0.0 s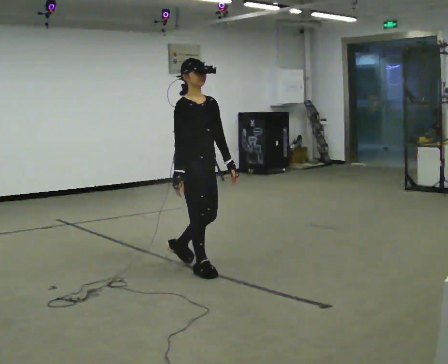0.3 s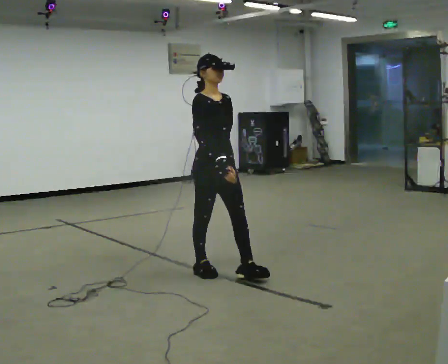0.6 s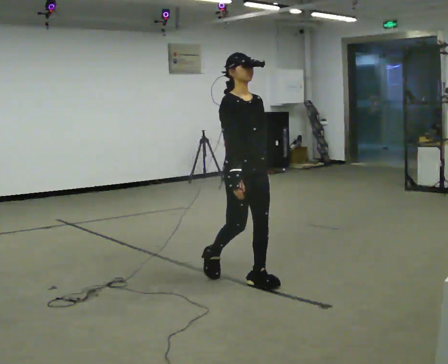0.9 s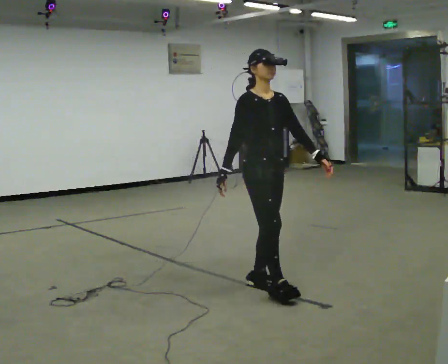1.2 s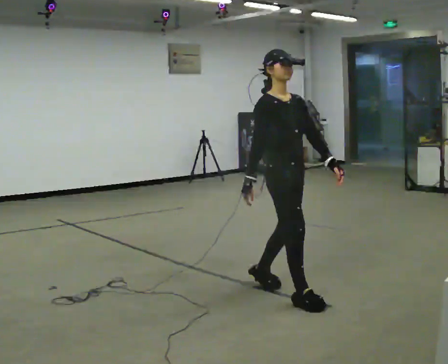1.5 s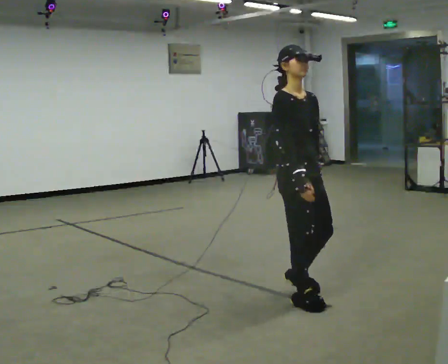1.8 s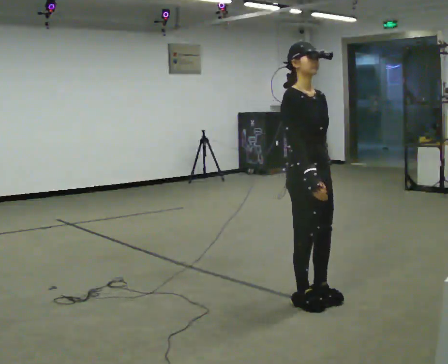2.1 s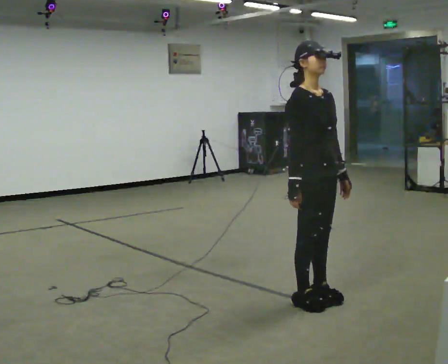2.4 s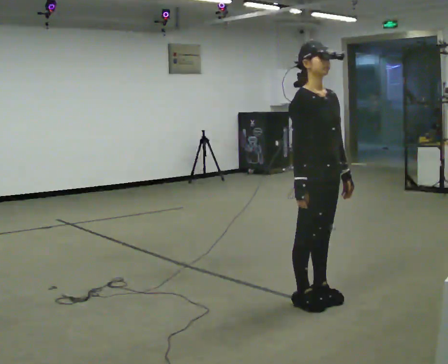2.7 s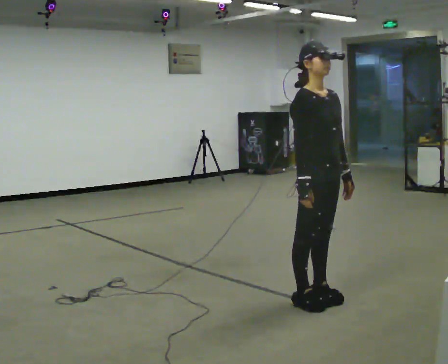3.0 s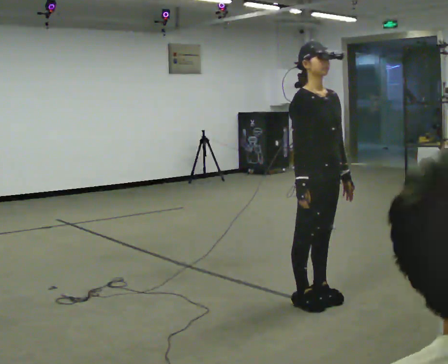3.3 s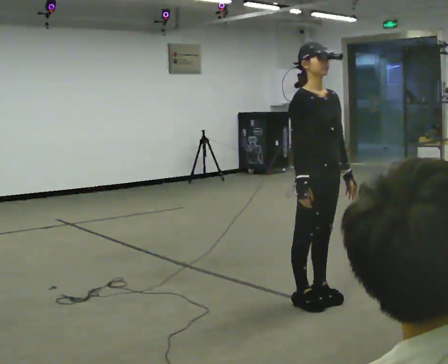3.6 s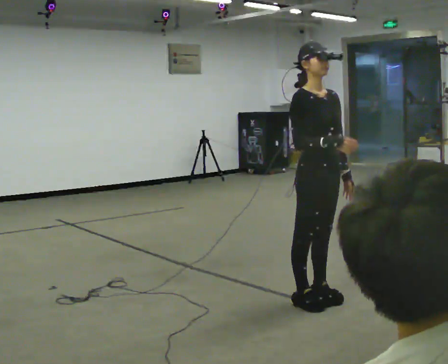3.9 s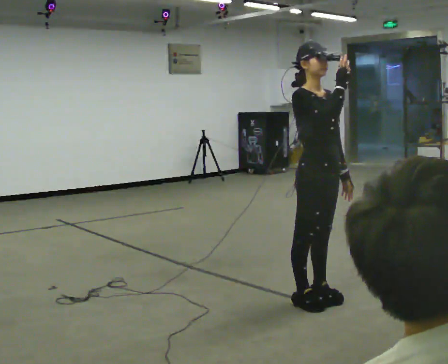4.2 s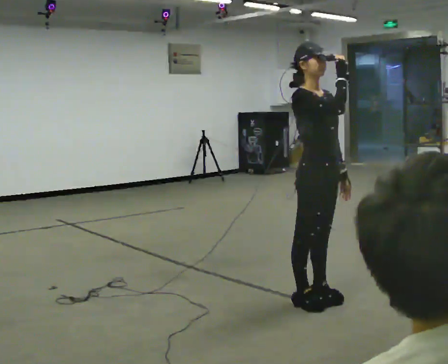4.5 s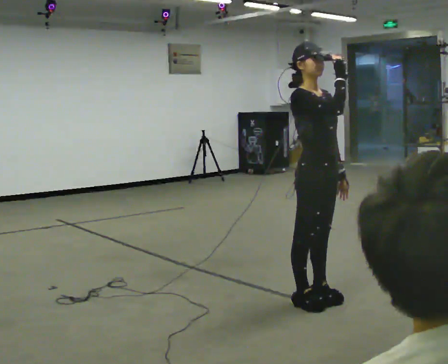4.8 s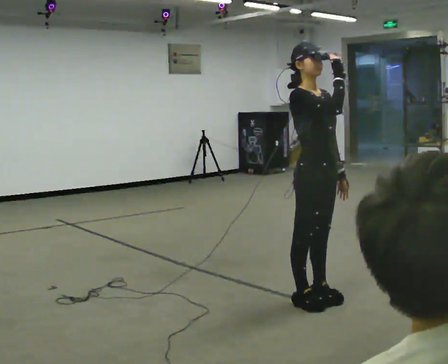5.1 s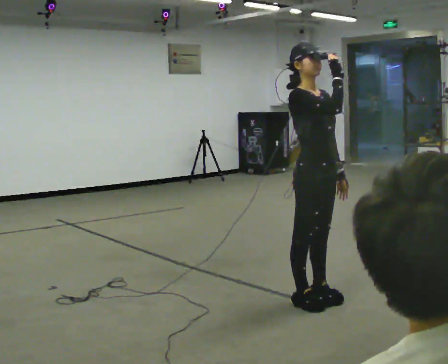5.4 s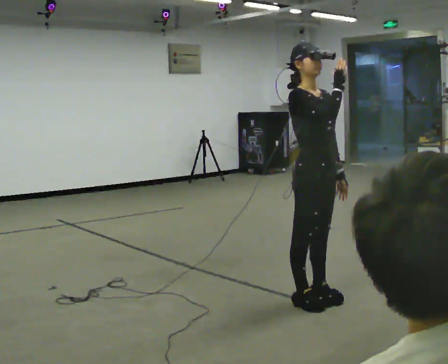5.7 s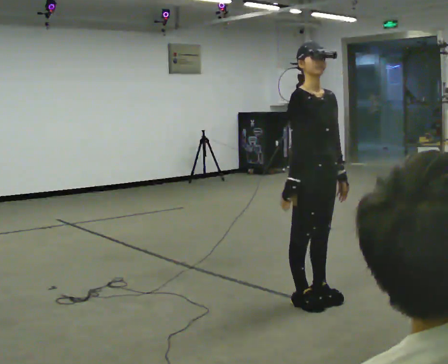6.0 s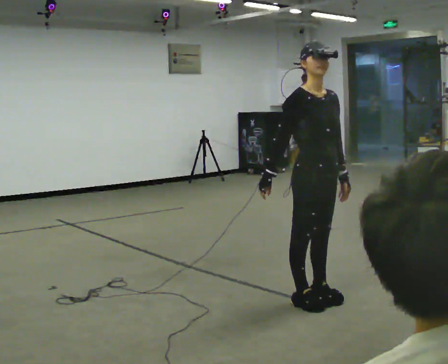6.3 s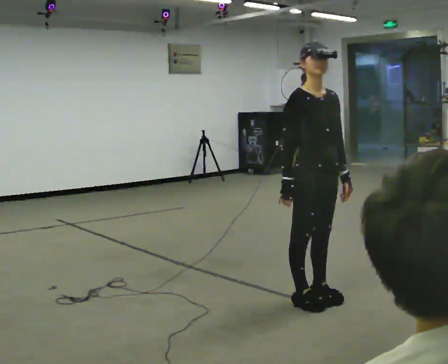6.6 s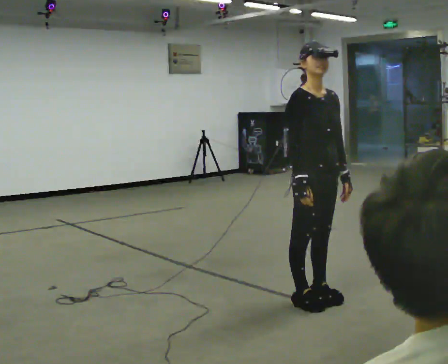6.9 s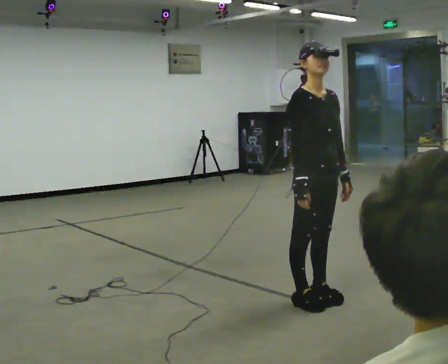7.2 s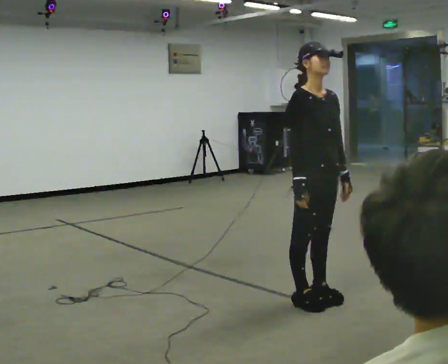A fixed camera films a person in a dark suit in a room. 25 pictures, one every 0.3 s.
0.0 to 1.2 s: In the picture they go to the right and toward the camera, about 1 m in 2 steps, which for them is forward.
1.2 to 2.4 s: In the picture they go to the right and toward the camera, about 0.25 m in 1 step, which for them is forward.
2.4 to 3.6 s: In the picture their right hand goes upward.
3.6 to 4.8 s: In the picture their right hand goes upward.
4.8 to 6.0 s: In the picture their right hand goes downward and to the left.
6.0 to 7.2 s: The person moves a little, or ends about where they began.
The film runs forward here.
